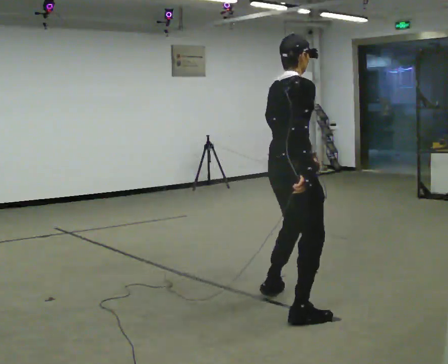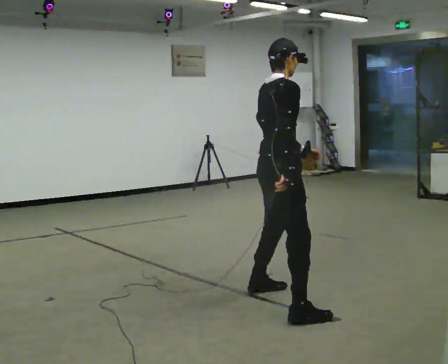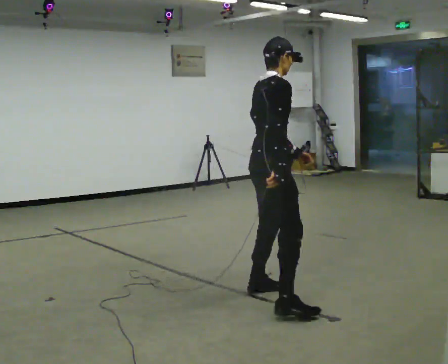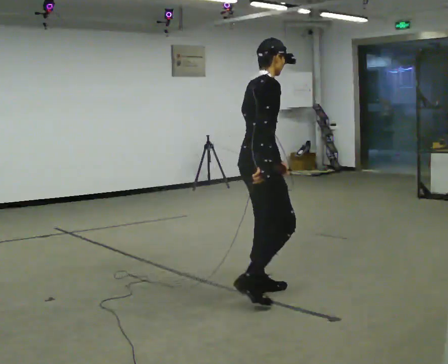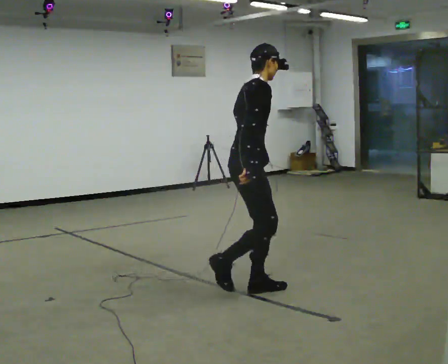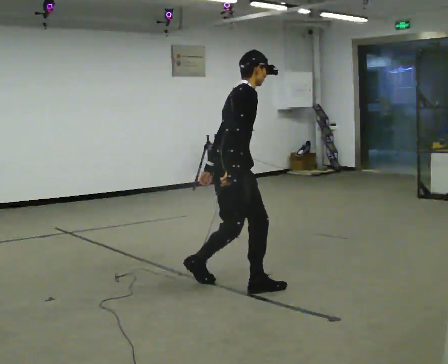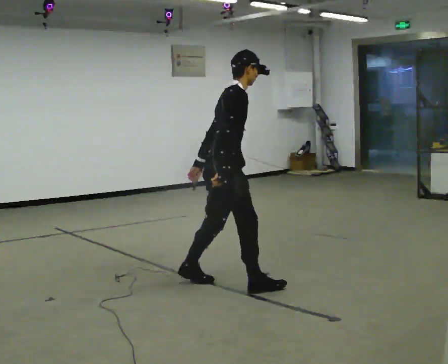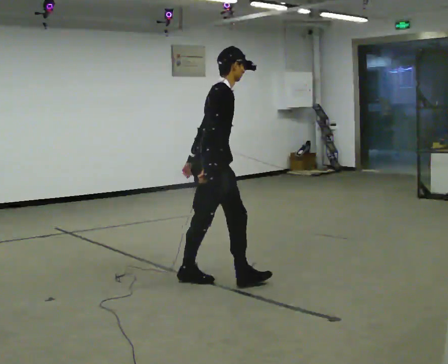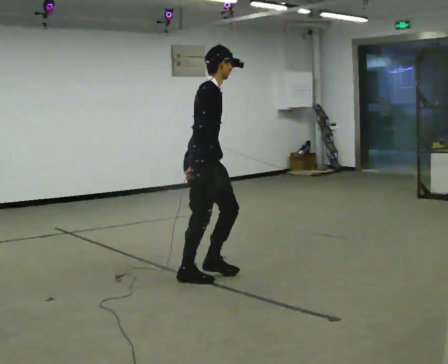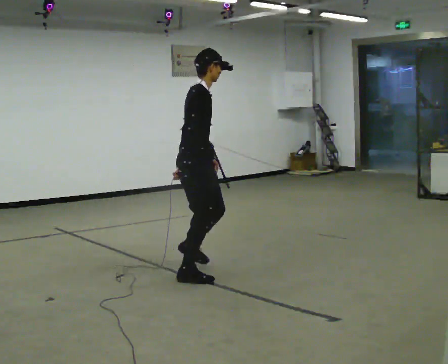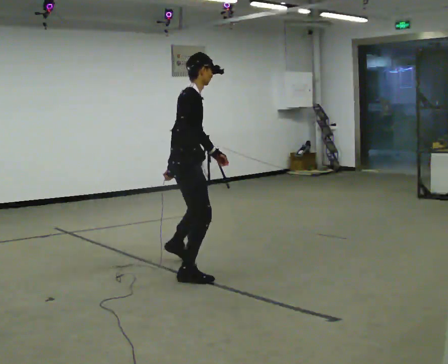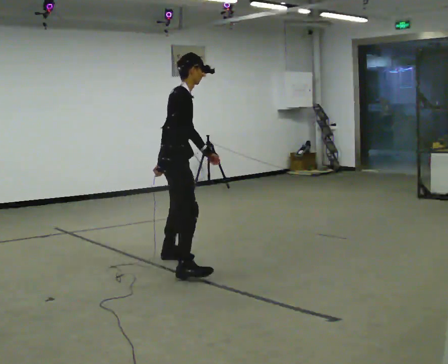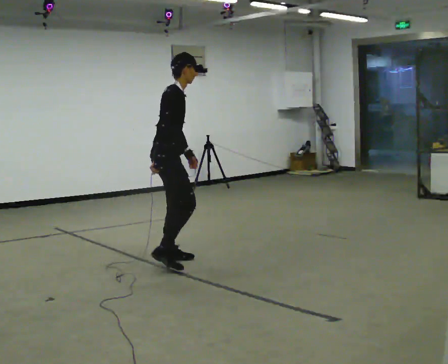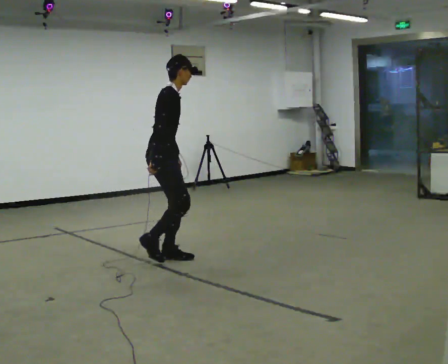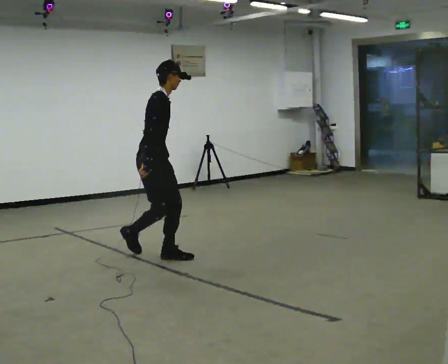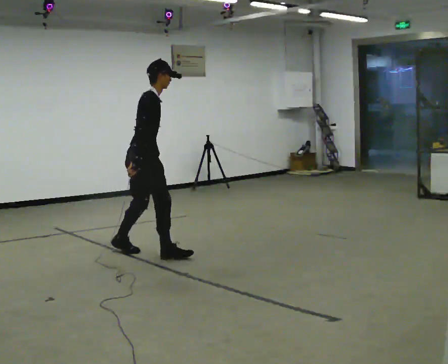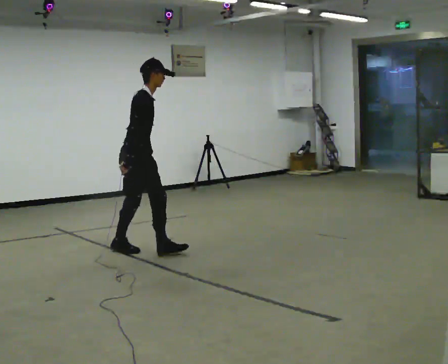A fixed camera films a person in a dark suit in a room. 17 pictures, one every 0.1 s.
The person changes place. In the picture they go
away from the camera.
0.0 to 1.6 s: Seen from above the body turns clockwise, about 30 degrees: to their right, with its near side sliding to the left. In the picture they go away from the camera and to the left, about 2 m in 4 steps, which for them is to their left and backward.
The film runs backward here.
